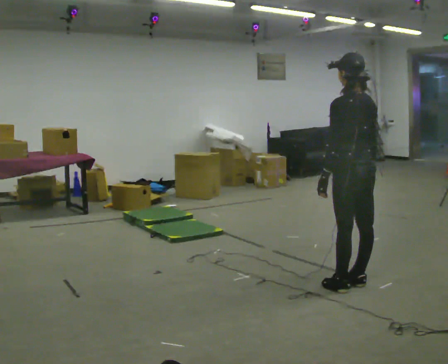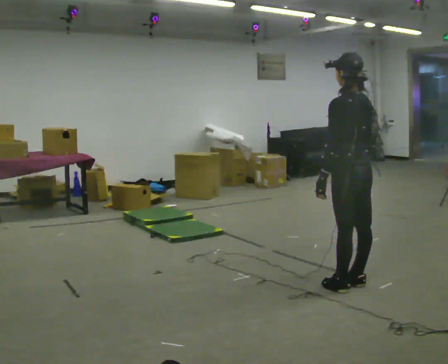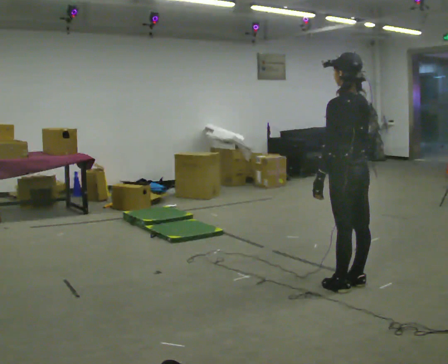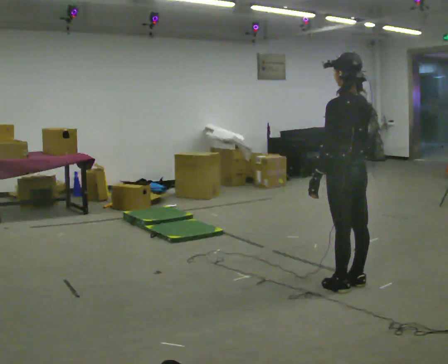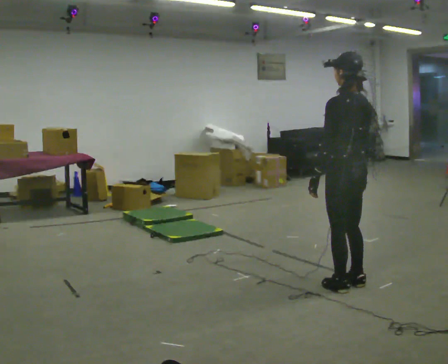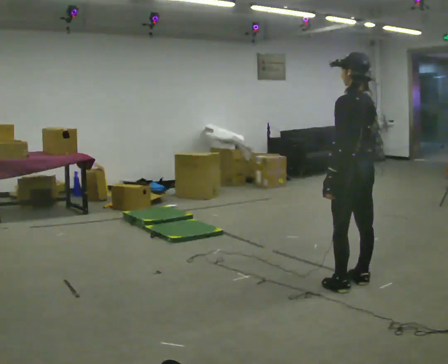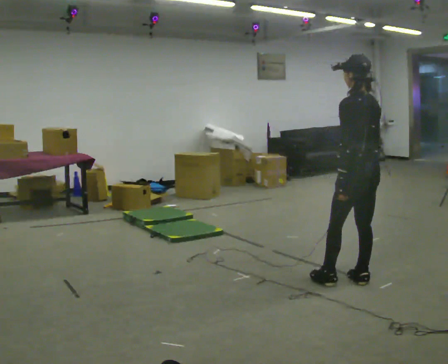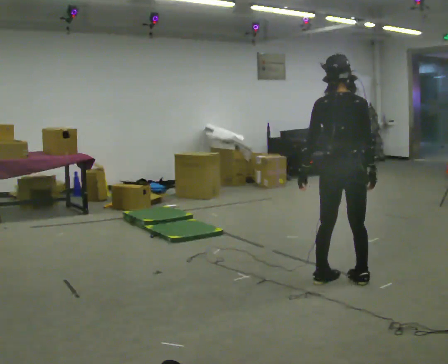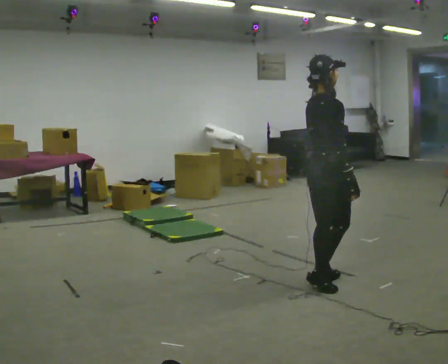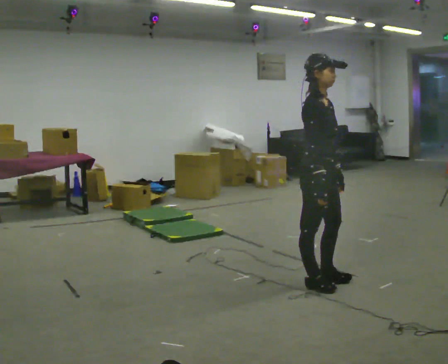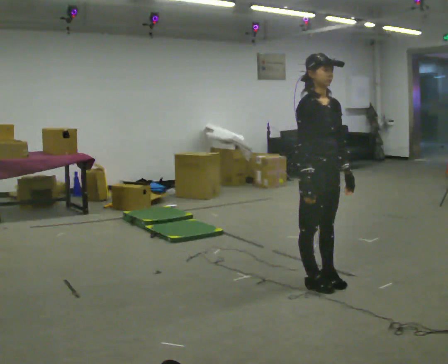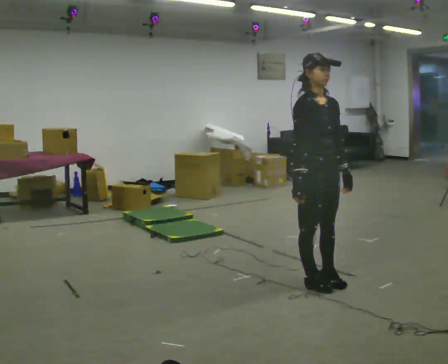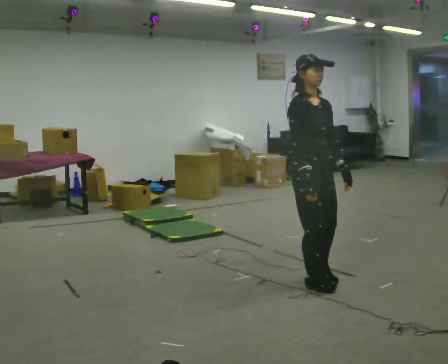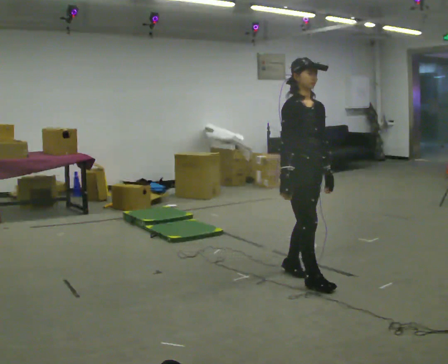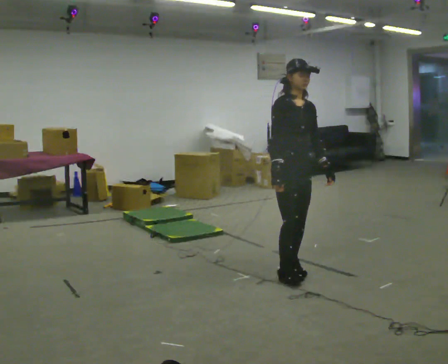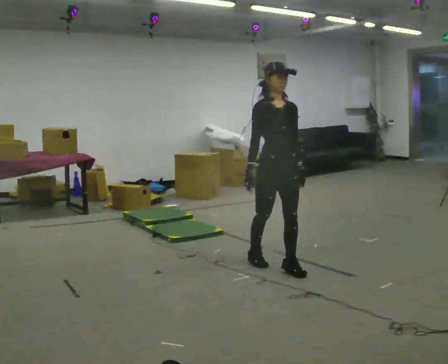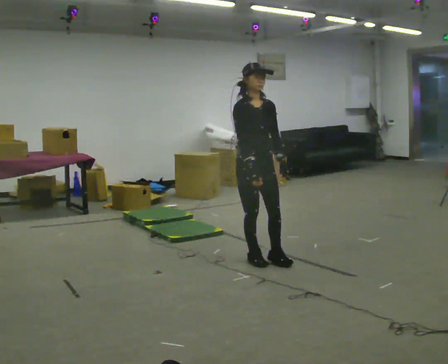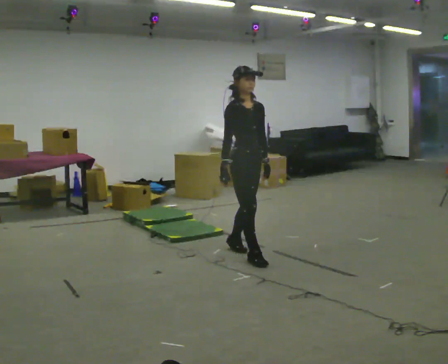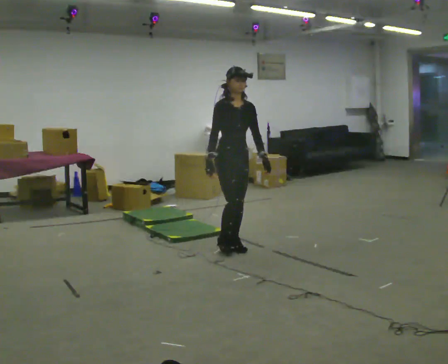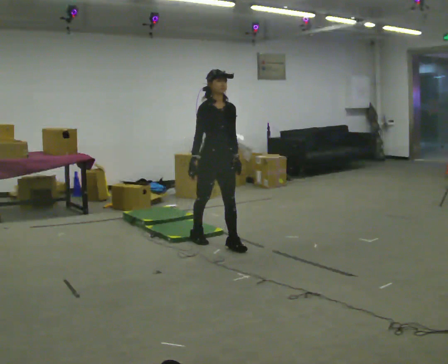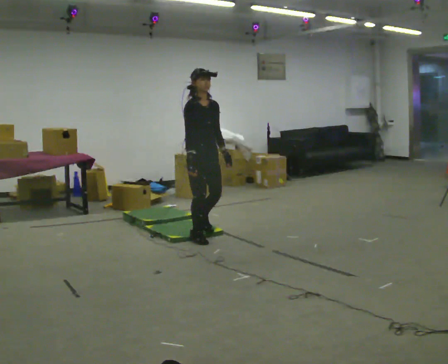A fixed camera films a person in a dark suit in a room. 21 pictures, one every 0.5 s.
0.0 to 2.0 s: The person moves a little, or ends about where they began.
2.0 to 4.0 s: The part of the body nearest the lens slides to the left as the person turns to their right by about 105 degrees. In the picture they go to the left, about 0.25 m in 2 steps.
4.0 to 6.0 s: Seen from above the body turns clockwise, about 75 degrees: to their right, with its near side sliding to the left.
6.0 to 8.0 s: In the picture they go to the left and away from the camera, about 0.5 m in 2 steps, which for them is backward.
8.0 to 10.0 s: In the picture they go to the left and away from the camera, about 1 m in 2 steps, which for them is backward.
The film runs backward here.
